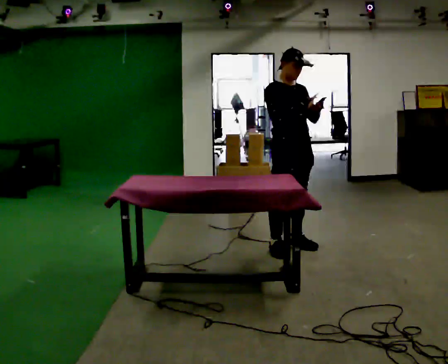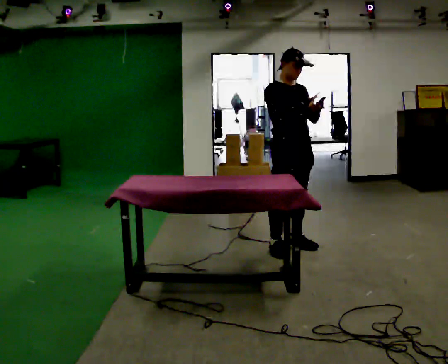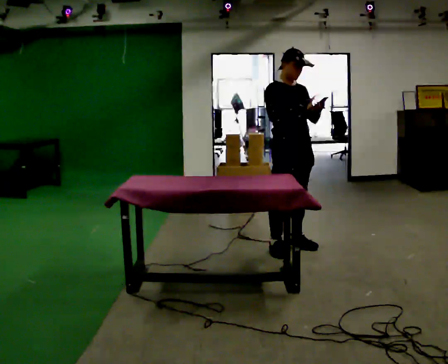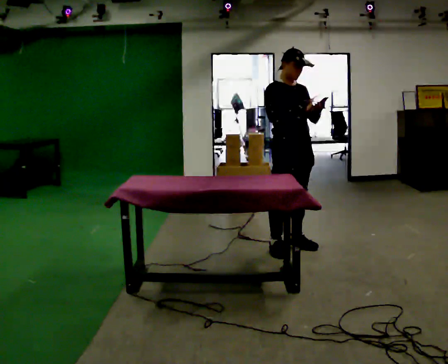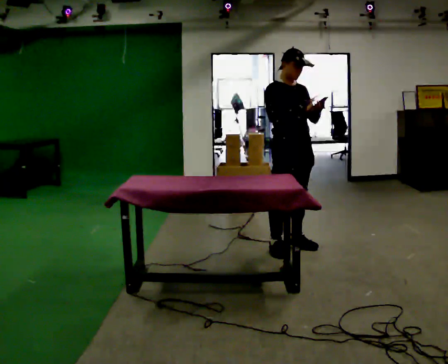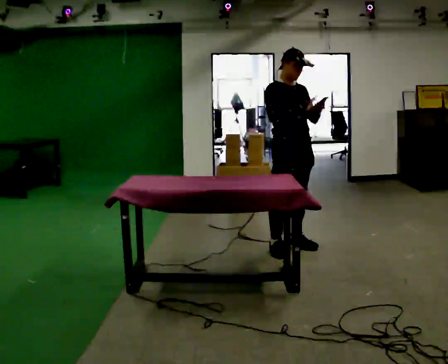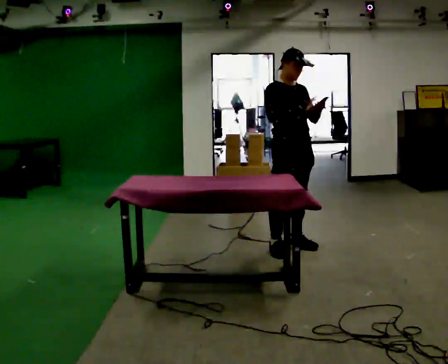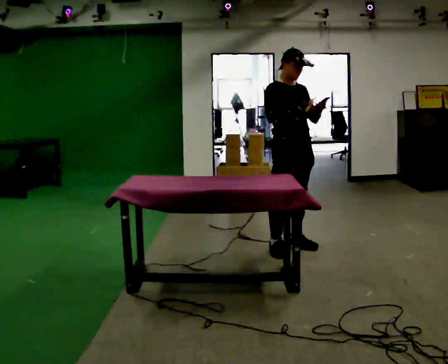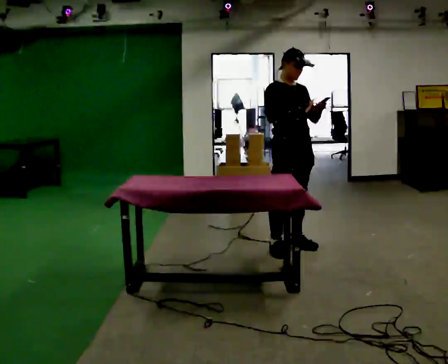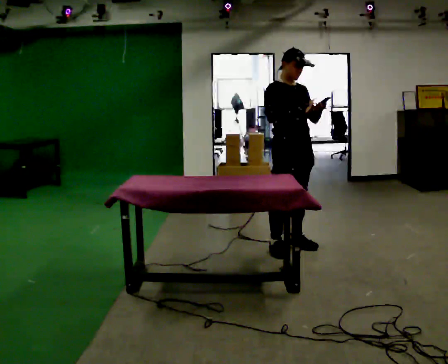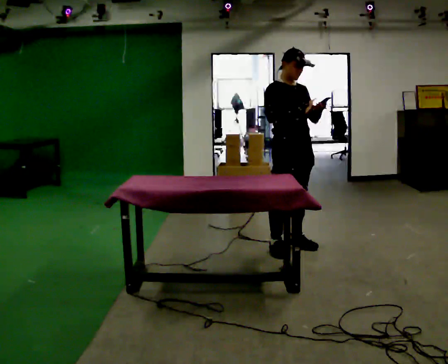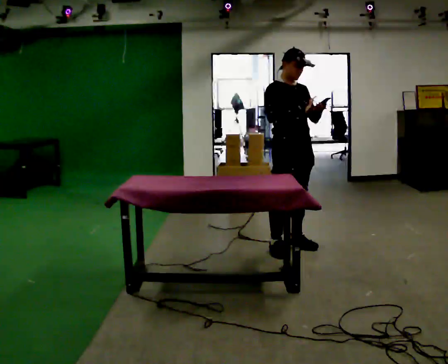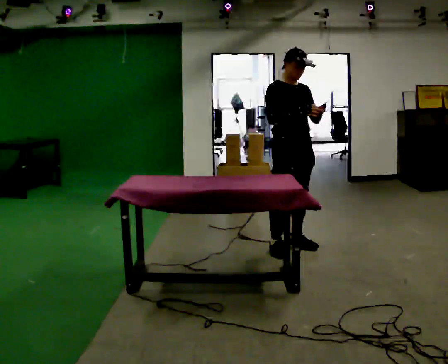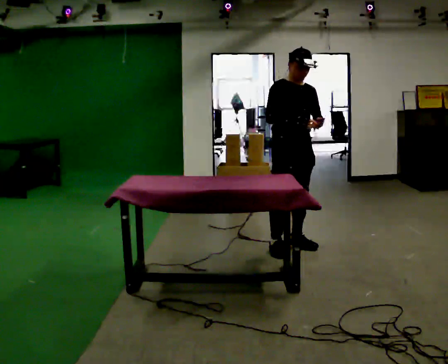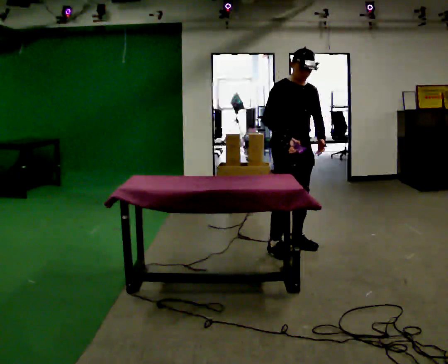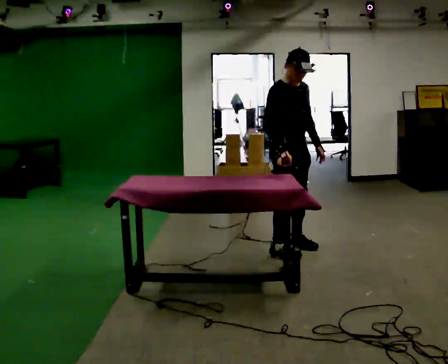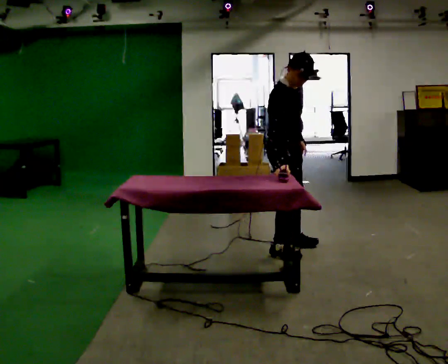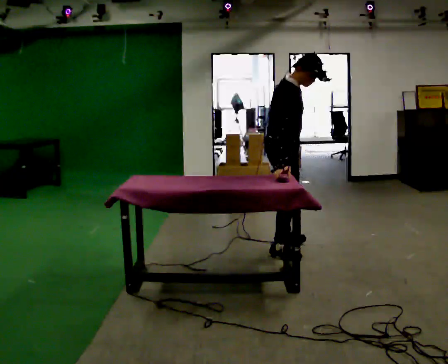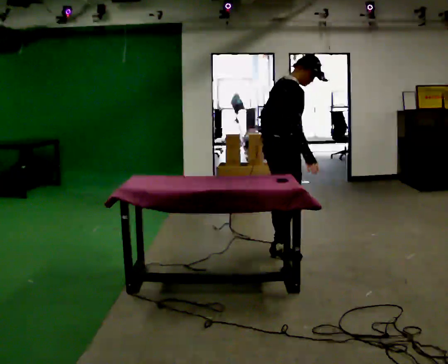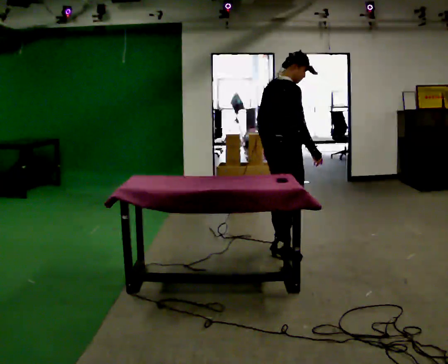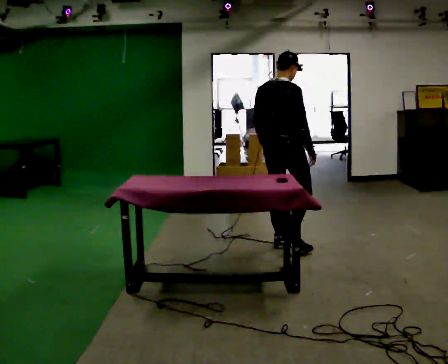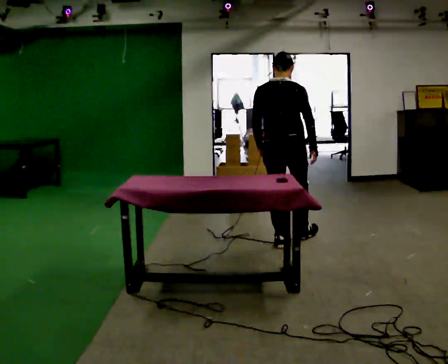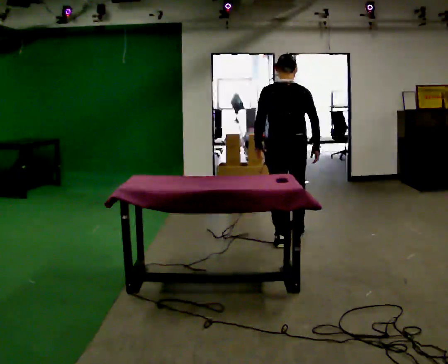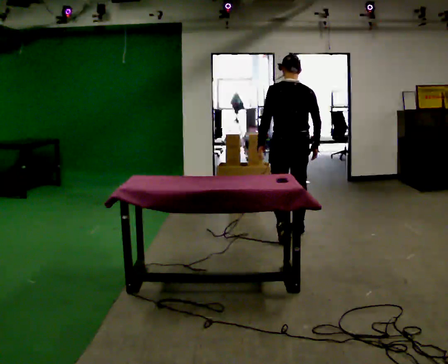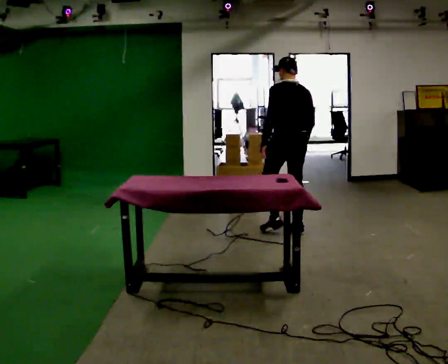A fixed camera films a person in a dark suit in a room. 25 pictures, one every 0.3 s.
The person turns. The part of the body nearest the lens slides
to the right.
The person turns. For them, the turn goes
to their left.
0.0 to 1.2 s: The person moves a little, or ends about where they began.
1.2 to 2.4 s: The person keeps their place and pose.
2.4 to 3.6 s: The person moves a little, or ends about where they began.
3.6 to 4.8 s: The person turns about 30 degrees to their left, counterclockwise seen from above, so the part of the body nearest the lens slides to the right. The upper body tips toward the camera, its near side rolling downward, as they bend forward.
4.8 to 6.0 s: The part of the body nearest the lens slides to the right as the person turns to their left by about 75 degrees. In the picture they go away from the camera, about 0.25 m.
6.0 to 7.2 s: The person turns about 60 degrees to their left, counterclockwise seen from above, so the part of the body nearest the lens slides to the right. In the picture they go away from the camera, about 0.5 m in 1 step.
The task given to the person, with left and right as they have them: 1. Clear everything off the table and put it away on the shelves. 2. Then set the table back up the way the operator shows you in the photo. 3. Tell the operator when you are finished.
The film runs forward here.
